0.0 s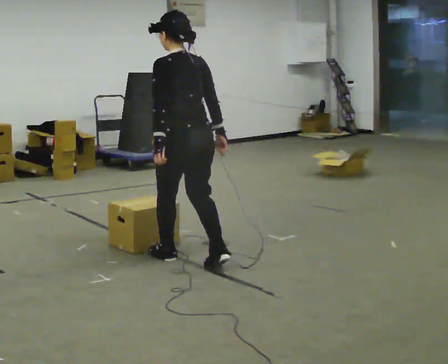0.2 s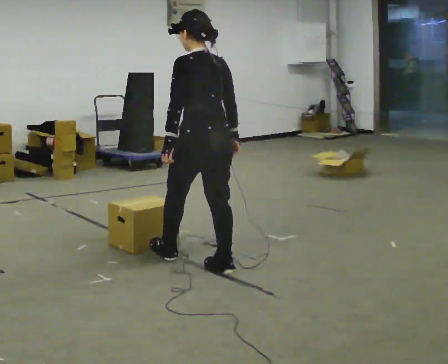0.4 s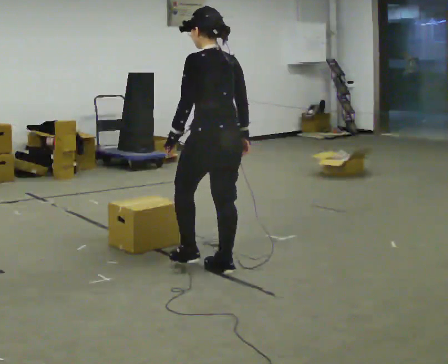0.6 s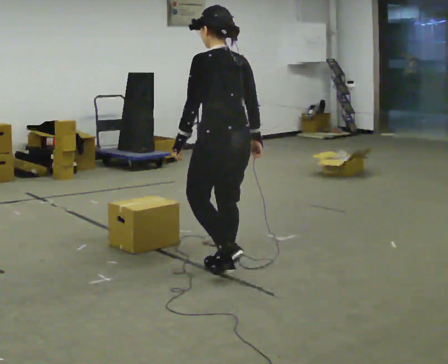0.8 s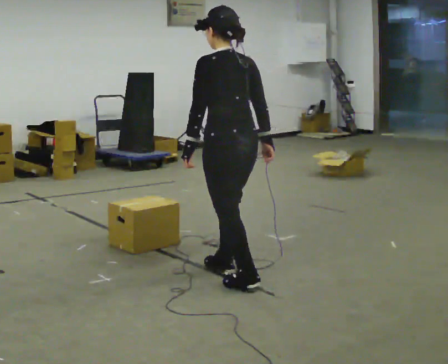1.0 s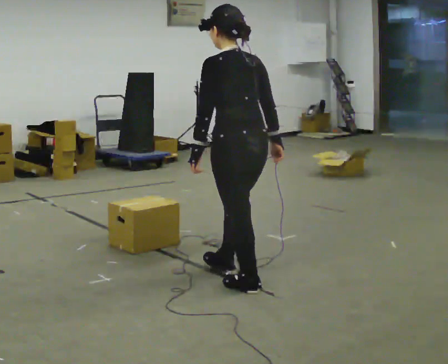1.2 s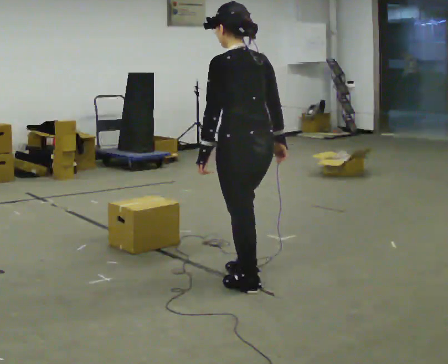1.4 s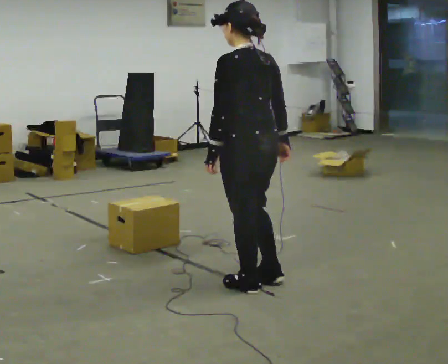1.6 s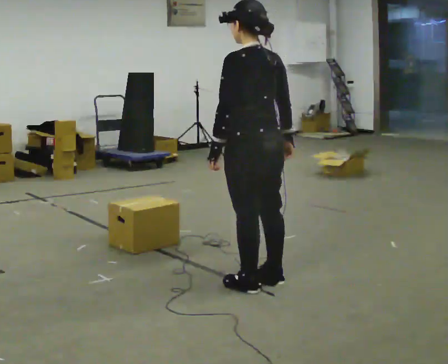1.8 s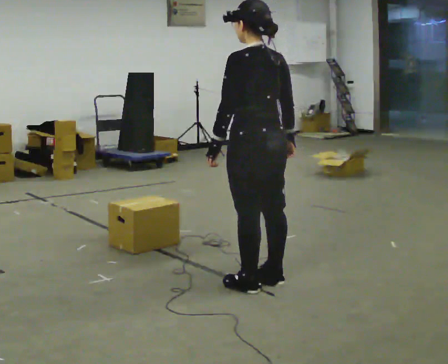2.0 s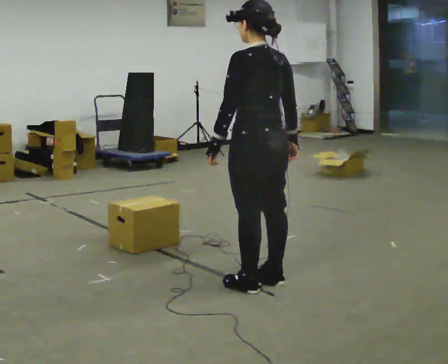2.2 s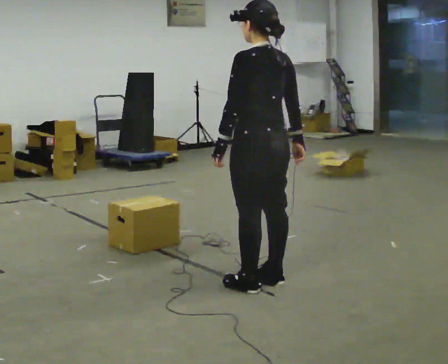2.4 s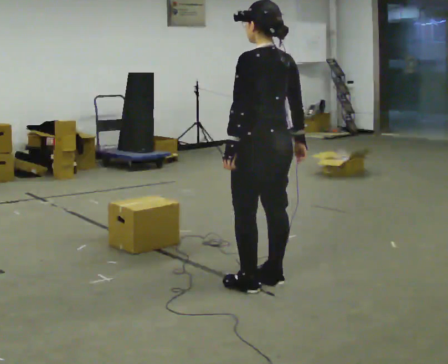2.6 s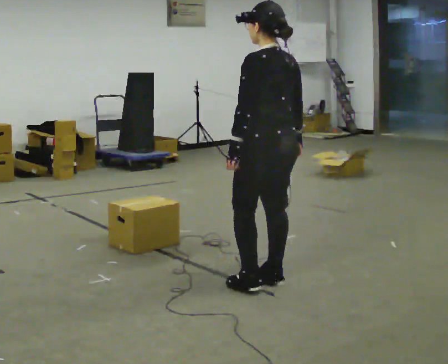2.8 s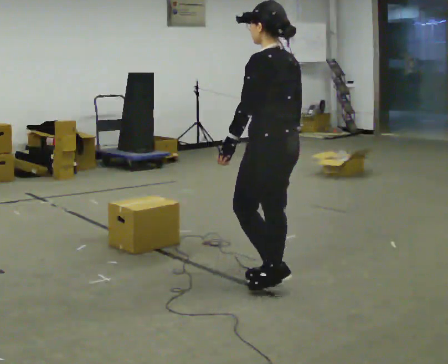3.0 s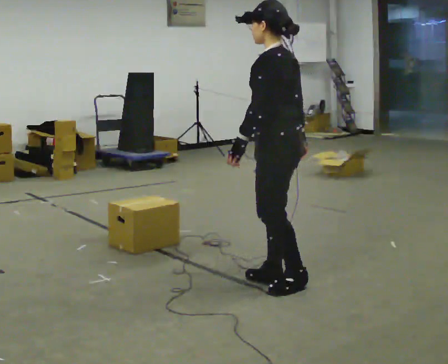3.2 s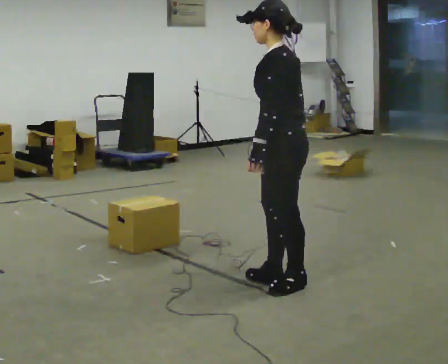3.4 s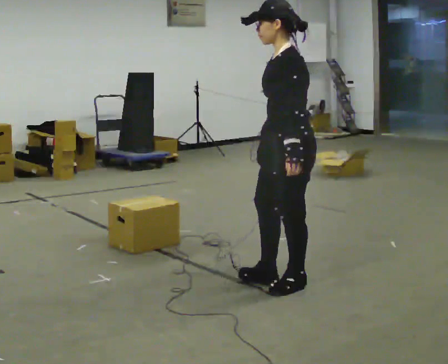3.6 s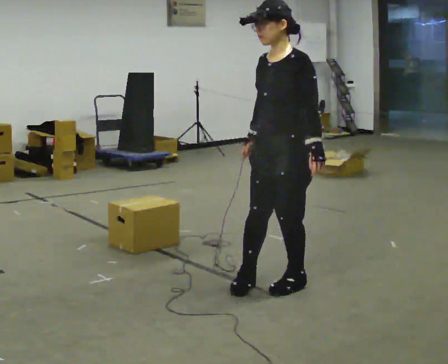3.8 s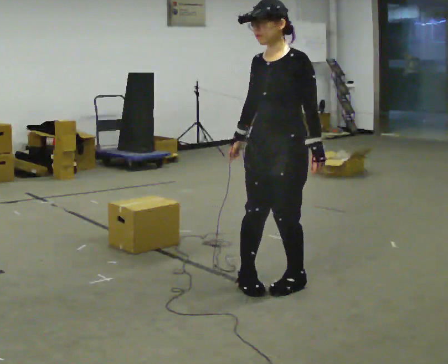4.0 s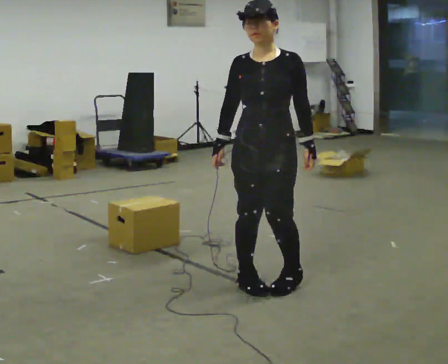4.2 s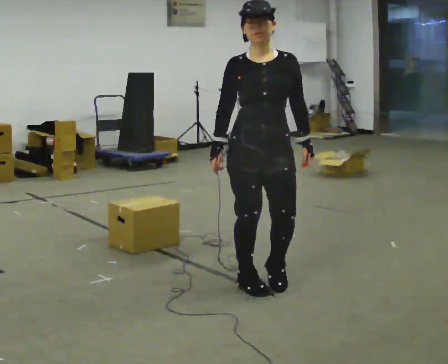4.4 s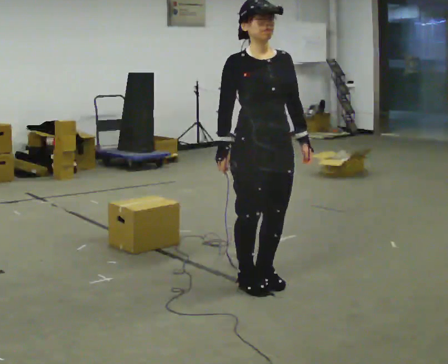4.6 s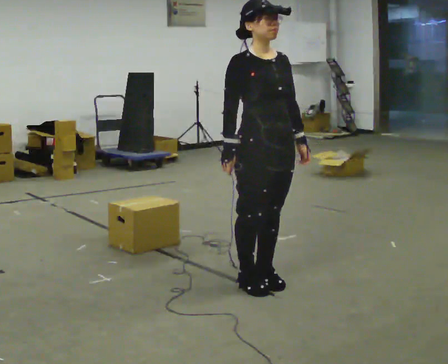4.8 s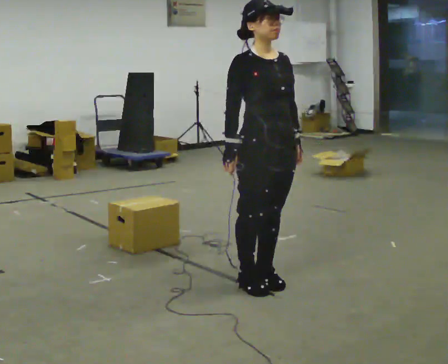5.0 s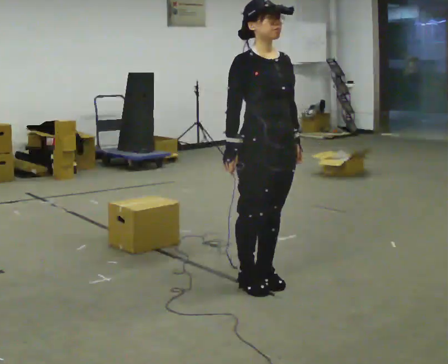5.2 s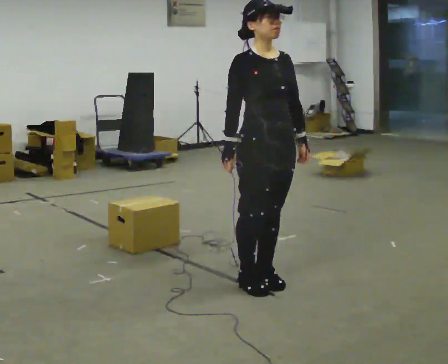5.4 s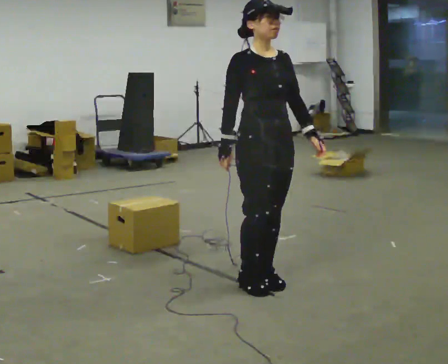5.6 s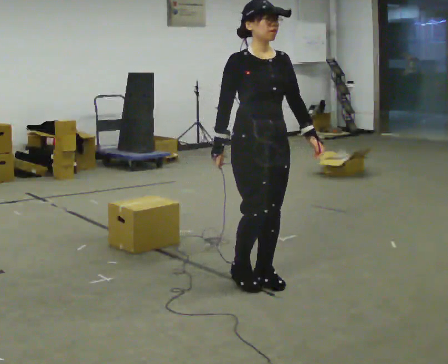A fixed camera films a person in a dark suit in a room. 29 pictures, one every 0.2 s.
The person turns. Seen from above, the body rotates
counterclockwise.
The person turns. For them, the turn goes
to their left.
0.0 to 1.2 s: In the picture they go to the right and toward the camera, about 0.5 m in 2 steps, which for them is backward.
1.2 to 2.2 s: The person moves a little, or ends about where they began.
2.2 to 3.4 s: The person turns about 45 degrees to their left, counterclockwise seen from above, so the part of the body nearest the lens slides to the right. In the picture they go to the right, about 0.25 m in 1 step, which for them is backward. In the picture their left hand goes to the right.
3.4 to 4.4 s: Seen from above the body turns counterclockwise, about 105 degrees: to their left, with its near side sliding to the right. In the picture they go to the left, about 0.25 m in 2 steps. In the picture their right hand goes to the left.
4.4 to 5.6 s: The person moves a little, or ends about where they began.
The film runs backward here.
